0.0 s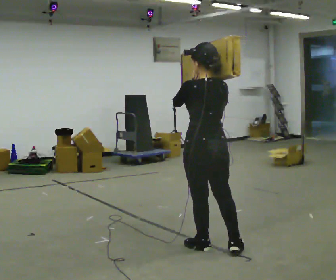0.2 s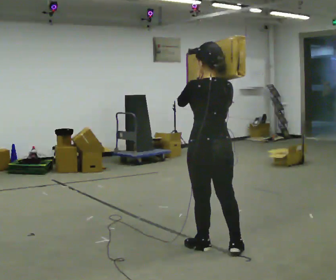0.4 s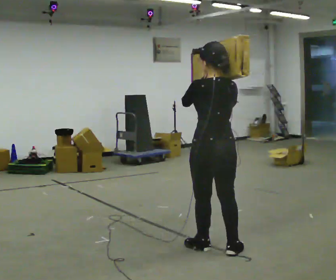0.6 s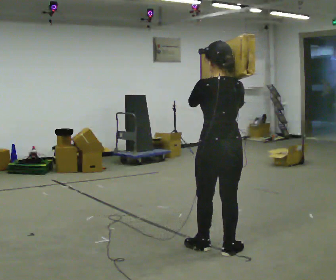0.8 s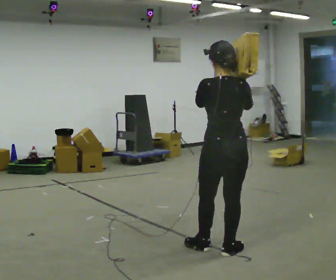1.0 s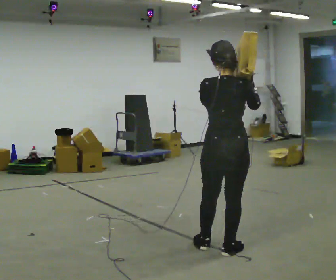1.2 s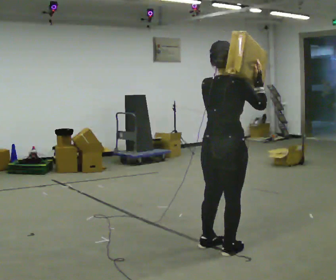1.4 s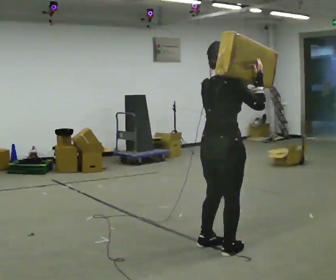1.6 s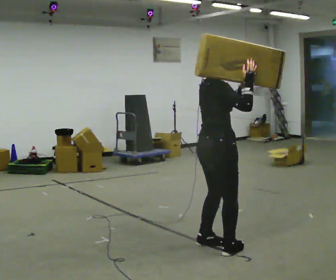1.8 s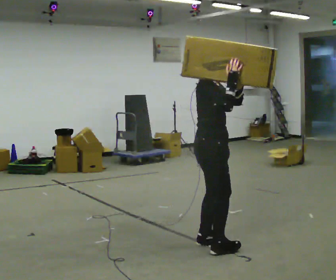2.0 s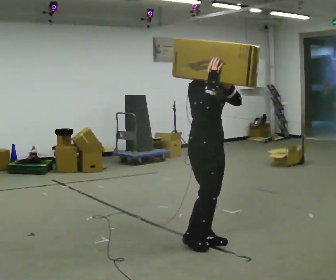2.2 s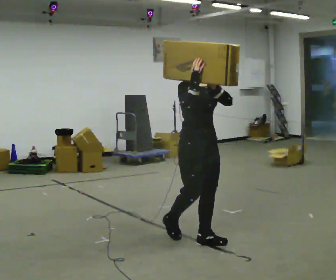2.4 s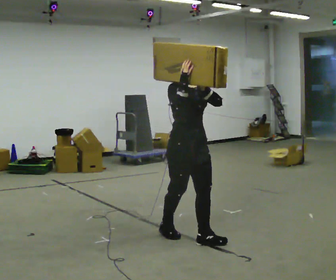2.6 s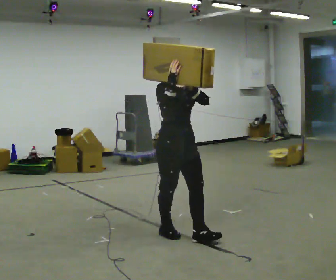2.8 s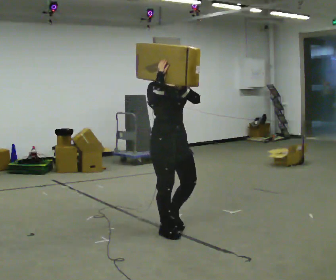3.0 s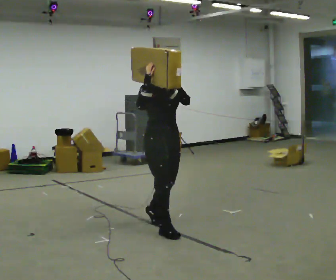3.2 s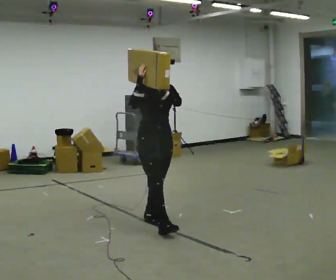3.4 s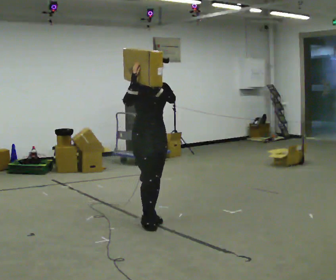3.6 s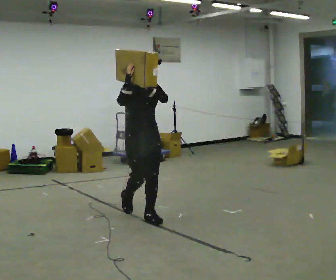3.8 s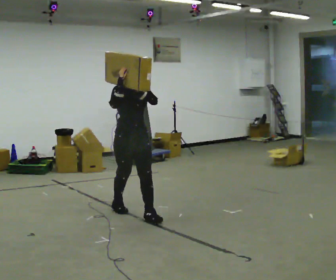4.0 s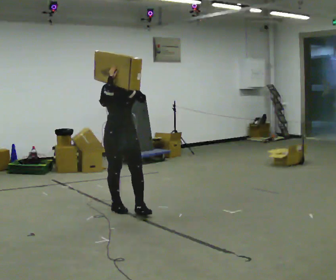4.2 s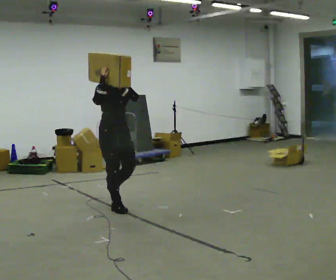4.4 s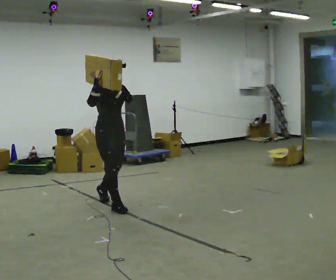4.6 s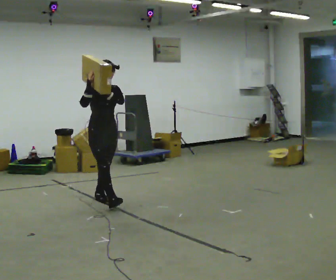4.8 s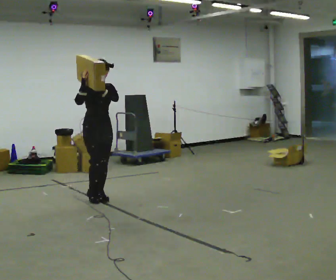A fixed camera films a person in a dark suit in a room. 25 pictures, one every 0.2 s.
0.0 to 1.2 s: Seen from above the body turns clockwise, about 60 degrees: to their right, with its near side sliding to the left. In the picture their right hand goes to the right.
1.2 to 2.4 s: The person turns about 120 degrees to their right, clockwise seen from above, so the part of the body nearest the lens slides to the left. In the picture they go away from the camera and to the left, about 0.5 m in 1 step.
2.4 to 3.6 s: In the picture they go away from the camera and to the left, about 1 m in 2 steps, which for them is backward.
3.6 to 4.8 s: In the picture they go away from the camera and to the left, about 1 m in 2 steps, which for them is backward.
The film runs backward here.
